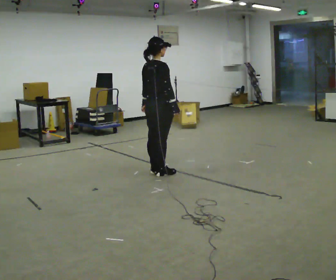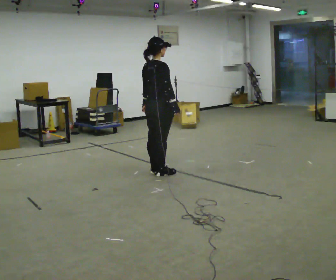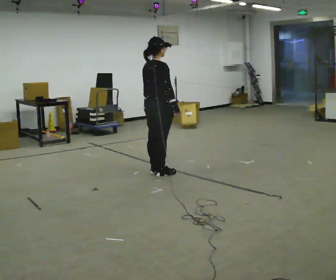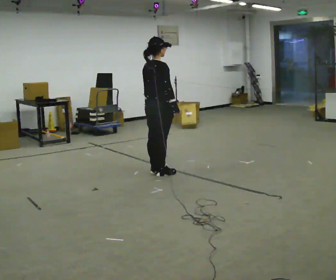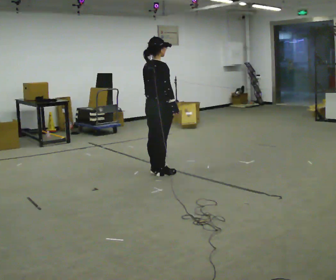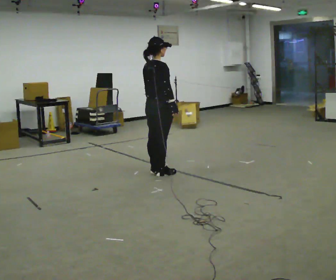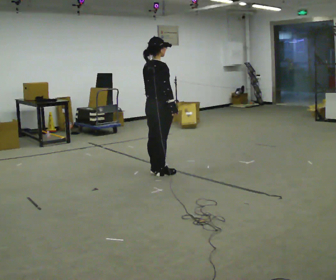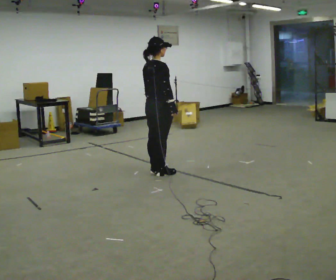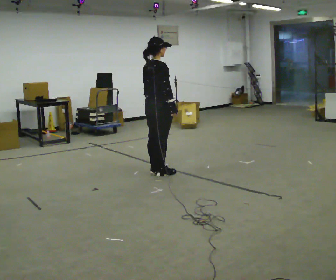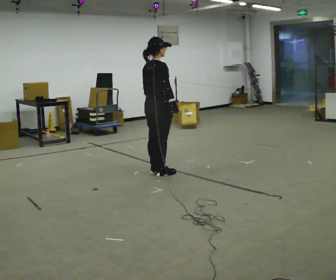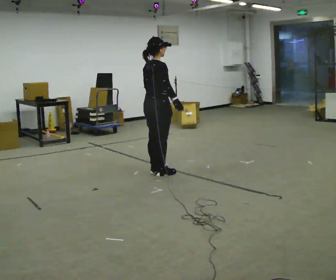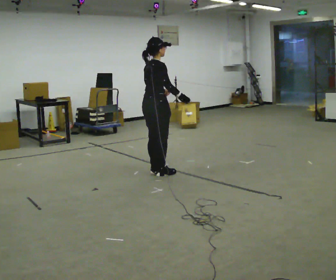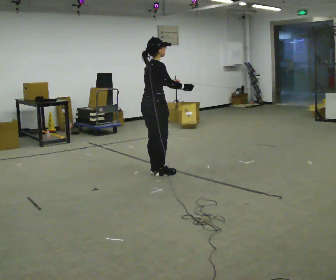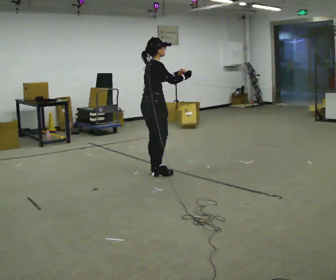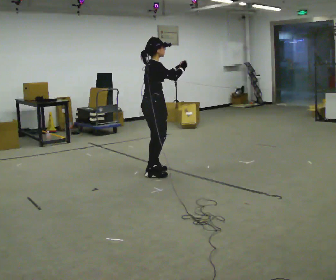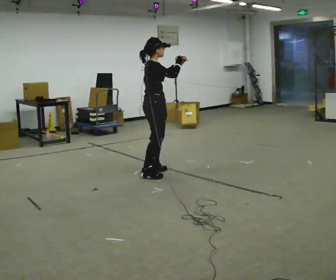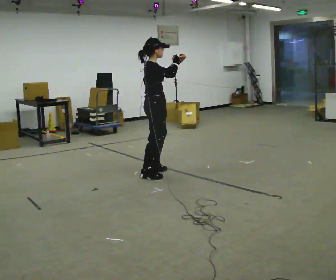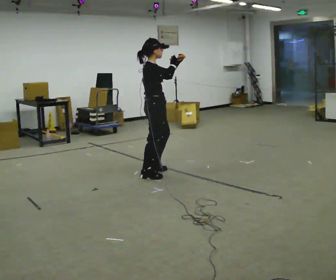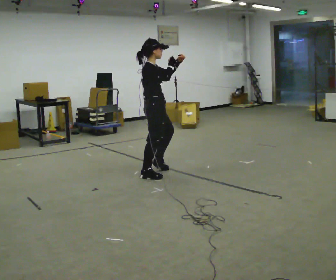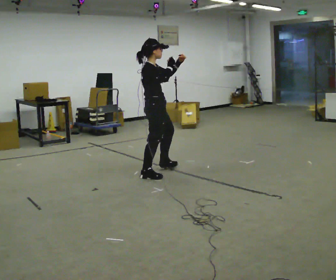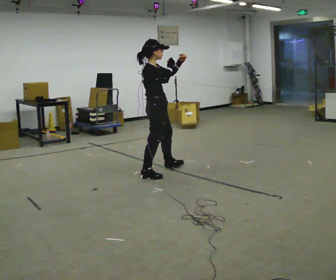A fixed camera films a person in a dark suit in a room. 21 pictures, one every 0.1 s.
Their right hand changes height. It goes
upward.
Their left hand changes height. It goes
upward.
0.0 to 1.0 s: The person moves a little, or ends about where they began.
1.0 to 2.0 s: The part of the body nearest the lens slides to the left as the person turns to their right by about 30 degrees. In the picture their left hand goes upward and to the right, the arm swinging counterclockwise.
The film runs forward here.
